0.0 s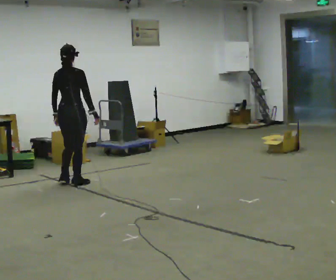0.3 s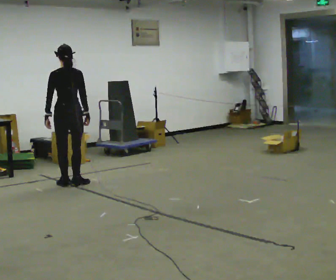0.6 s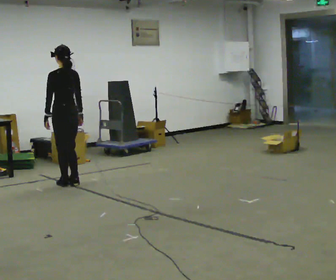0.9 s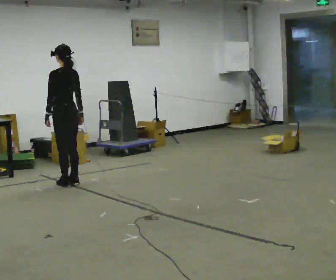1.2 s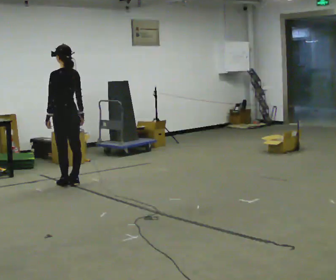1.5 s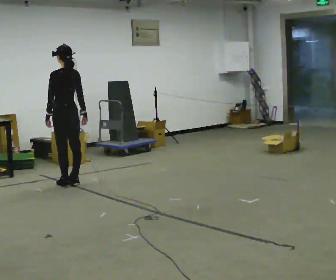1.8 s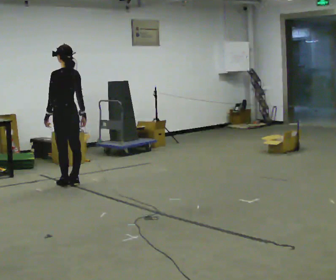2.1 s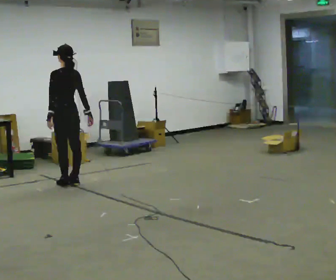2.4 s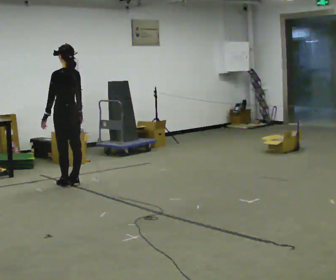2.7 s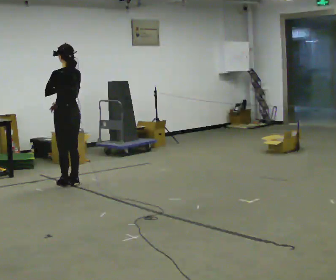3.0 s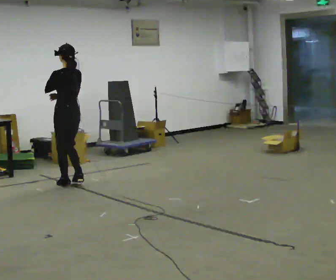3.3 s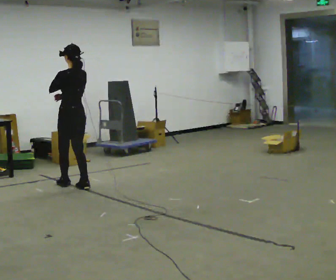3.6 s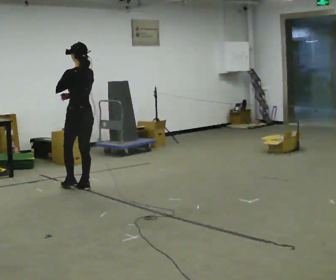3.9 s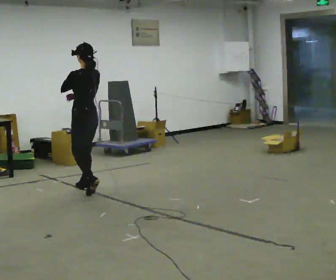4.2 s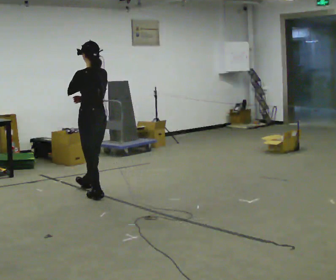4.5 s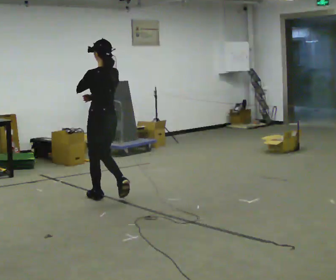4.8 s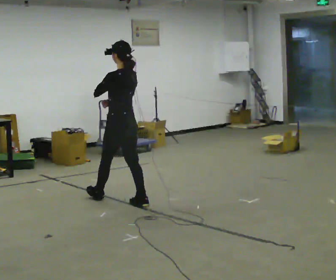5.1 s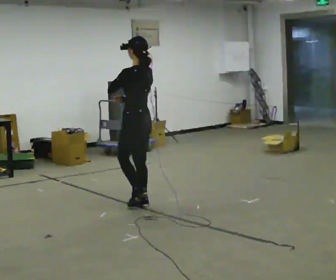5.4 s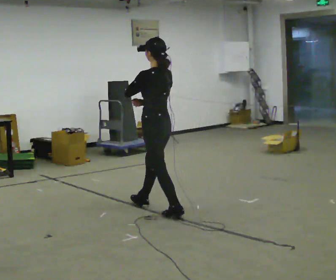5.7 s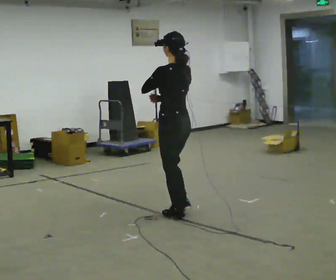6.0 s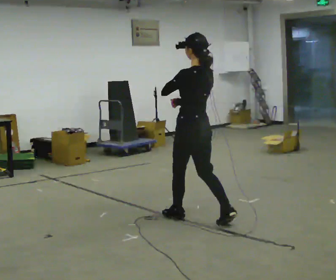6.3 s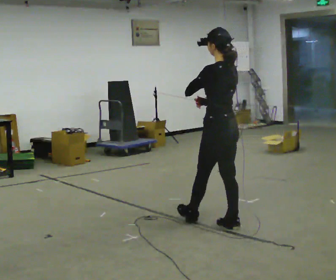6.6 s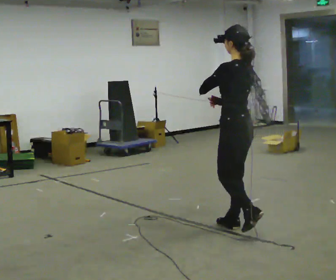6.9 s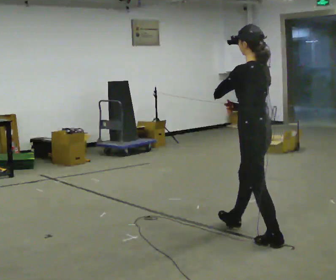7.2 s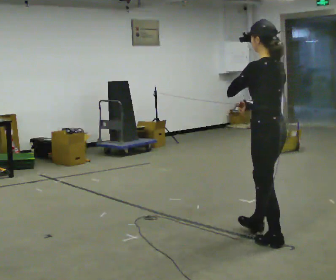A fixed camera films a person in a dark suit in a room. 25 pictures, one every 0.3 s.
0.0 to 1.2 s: Seen from above the body turns counterclockwise, about 75 degrees: to their left, with its near side sliding to the right.
1.2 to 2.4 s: The person moves a little, or ends about where they began.
2.4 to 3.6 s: In the picture they go toward the camera, about 0.25 m in 2 steps, which for them is backward. In the picture their left hand goes upward.
3.6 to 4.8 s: In the picture they go toward the camera and to the right, about 1 m in 1 step, which for them is backward.
4.8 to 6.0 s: In the picture they go toward the camera and to the right, about 1 m in 2 steps, which for them is backward.
6.0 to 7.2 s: In the picture they go toward the camera and to the right, about 1 m in 2 steps, which for them is backward.
The film runs backward here.
